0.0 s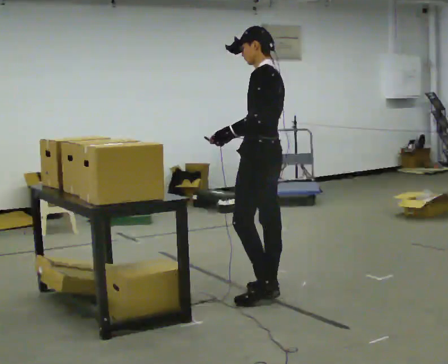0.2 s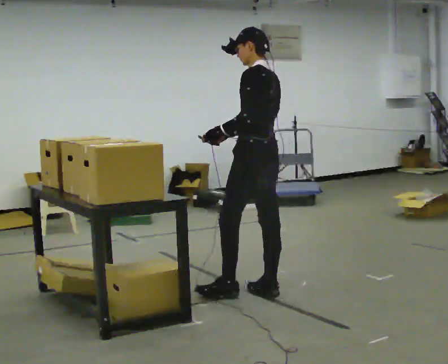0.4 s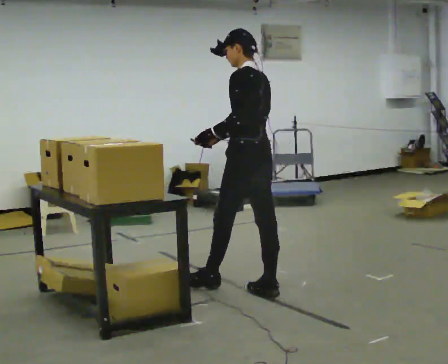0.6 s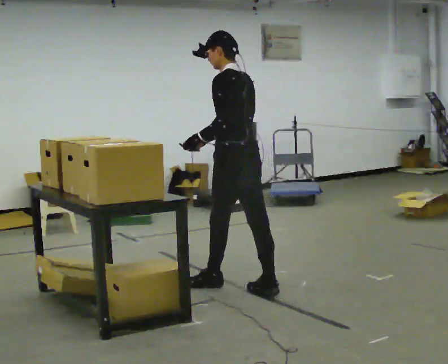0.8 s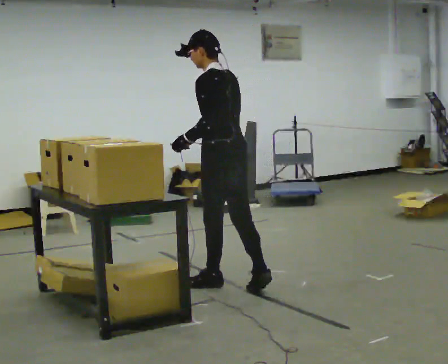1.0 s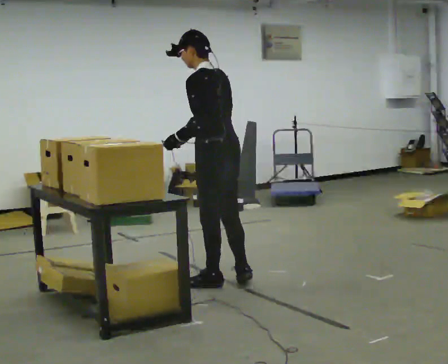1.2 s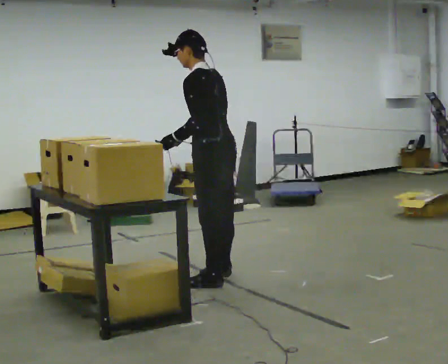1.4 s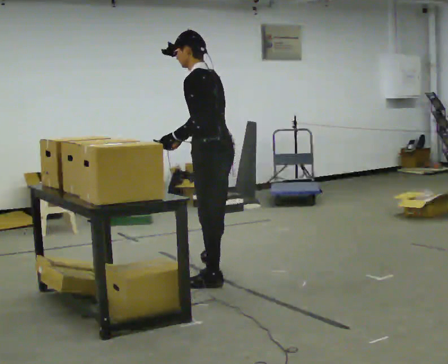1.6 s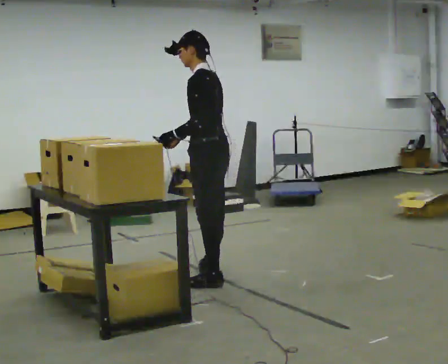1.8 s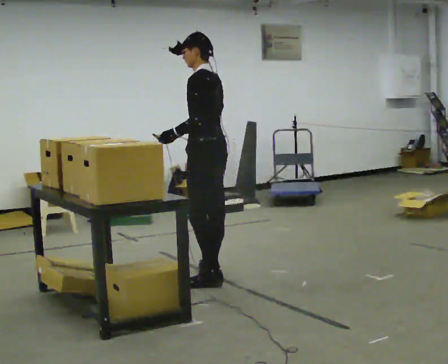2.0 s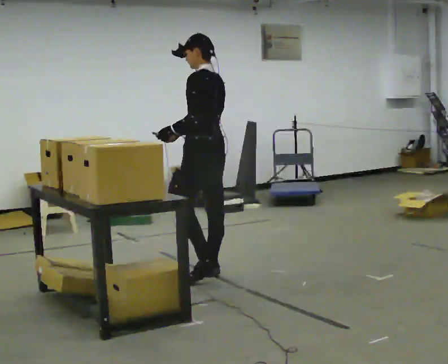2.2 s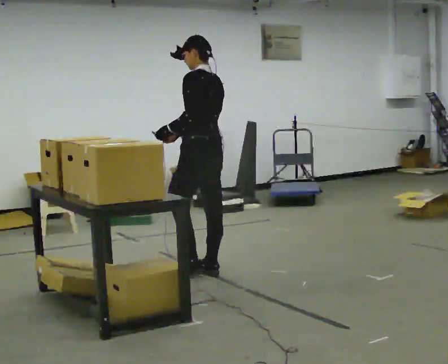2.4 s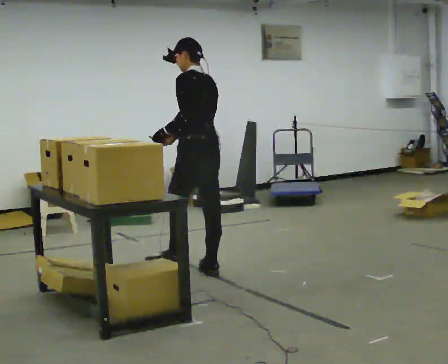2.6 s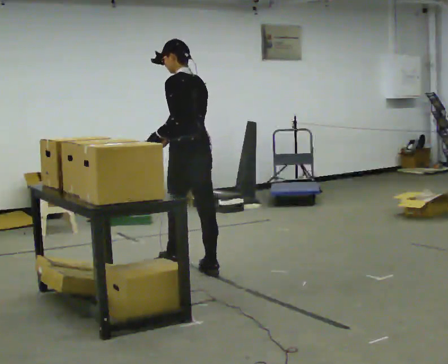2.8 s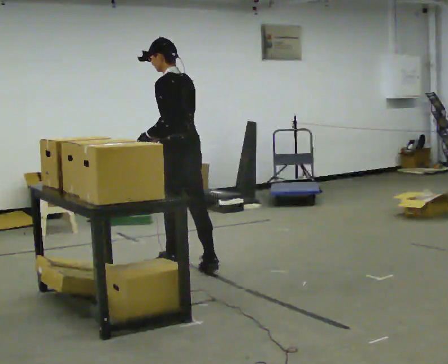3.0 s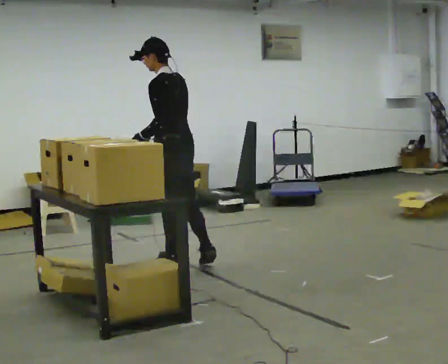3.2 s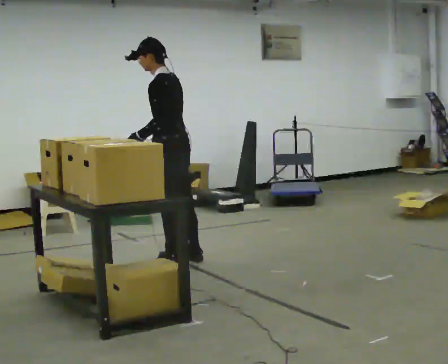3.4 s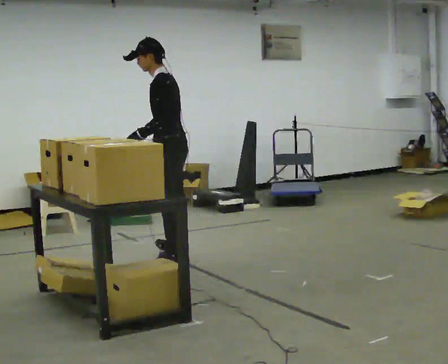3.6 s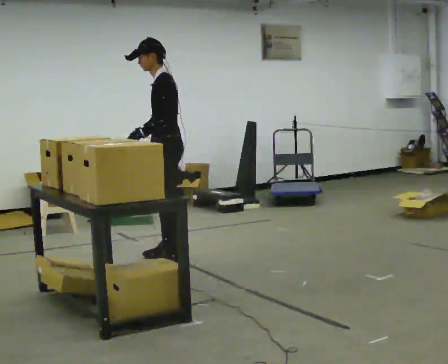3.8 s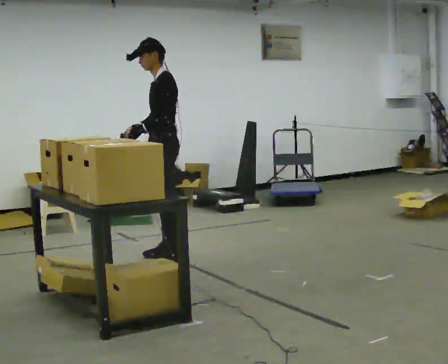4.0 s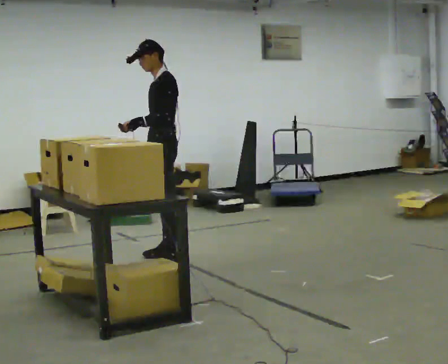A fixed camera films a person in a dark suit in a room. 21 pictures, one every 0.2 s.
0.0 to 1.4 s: In the picture they go to the left and away from the camera, about 0.5 m in 2 steps, which for them is forward. In the picture the upper body tilts counterclockwise, shoulders to the left.
1.4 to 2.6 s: In the picture they go away from the camera and to the left, about 0.5 m in 1 step, which for them is forward and to their right.
2.6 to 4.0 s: Seen from above the body turns counterclockwise, about 60 degrees: to their left, with its near side sliding to the right. In the picture they go away from the camera and to the left, about 0.5 m in 1 step, which for them is forward and to their right.
The film runs forward here.
